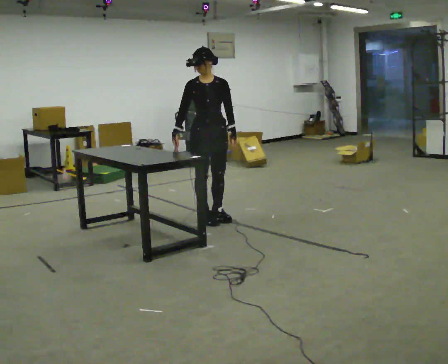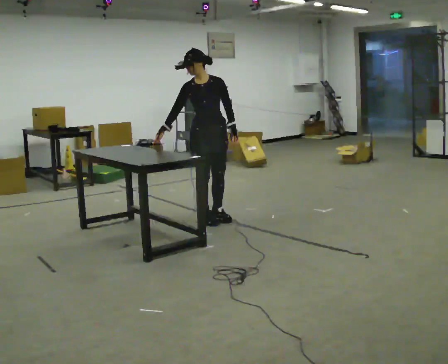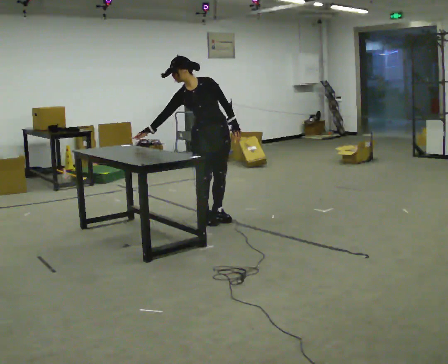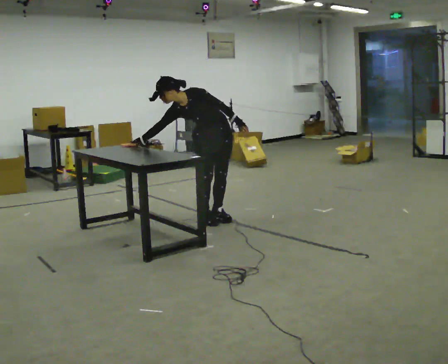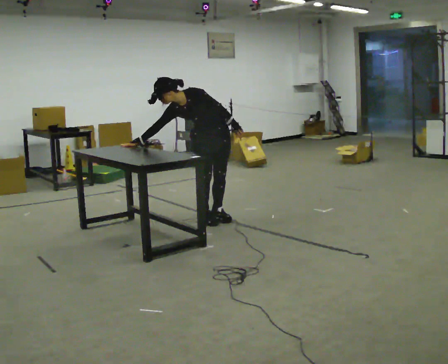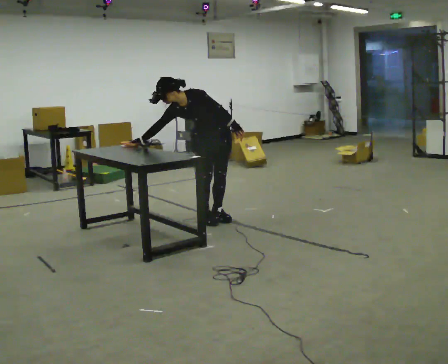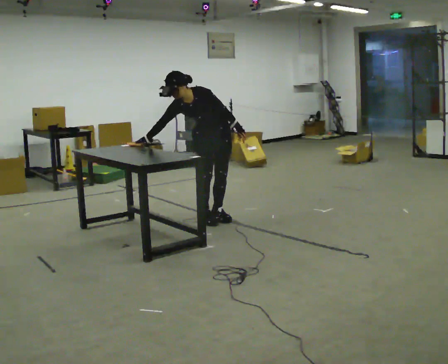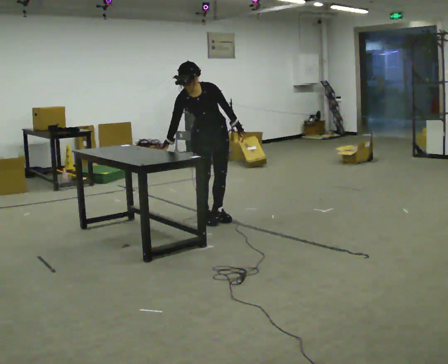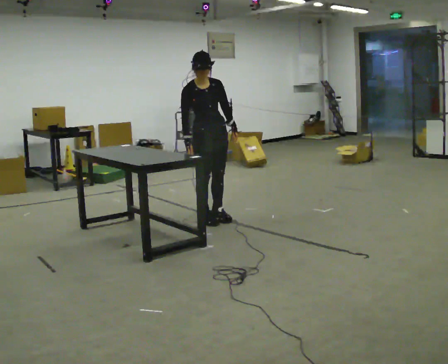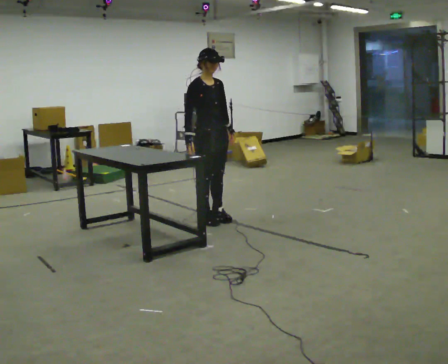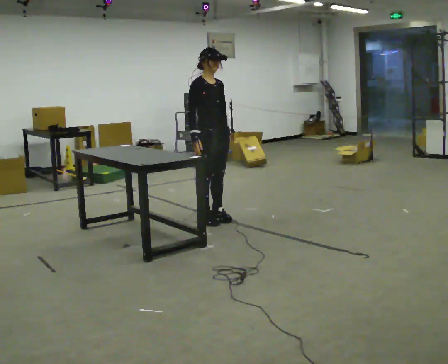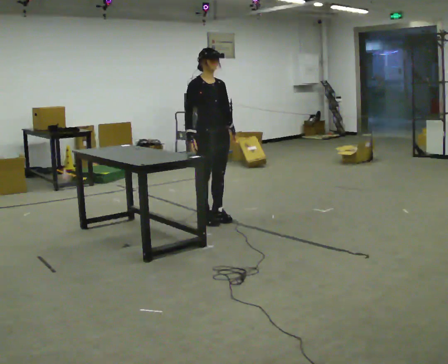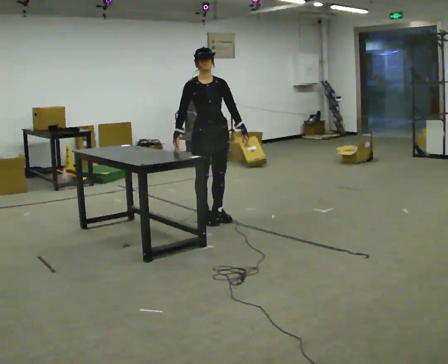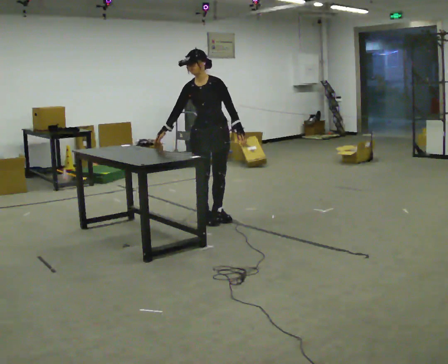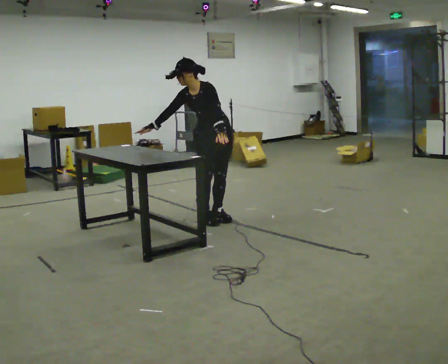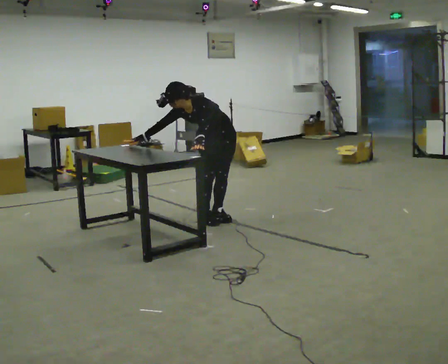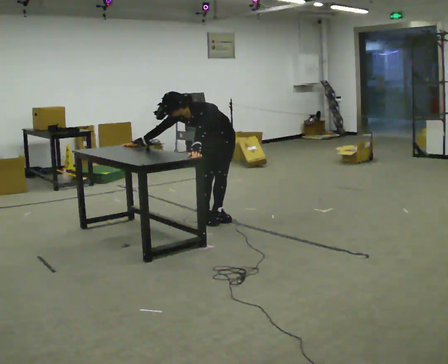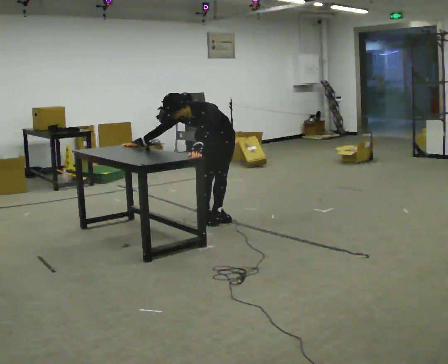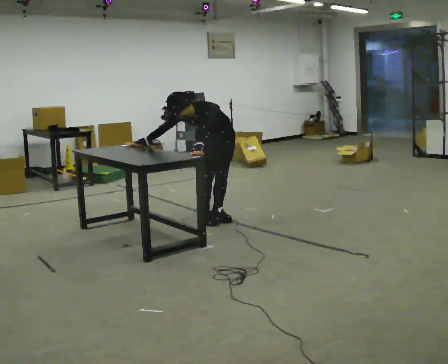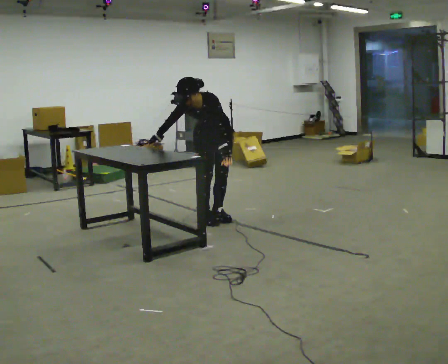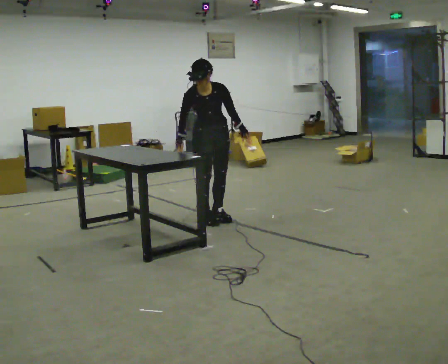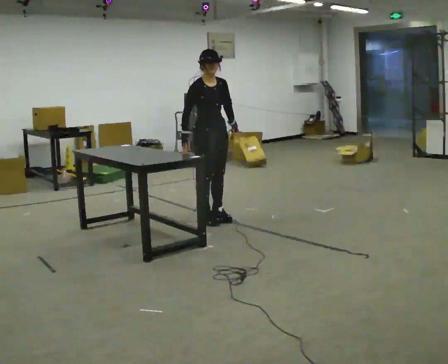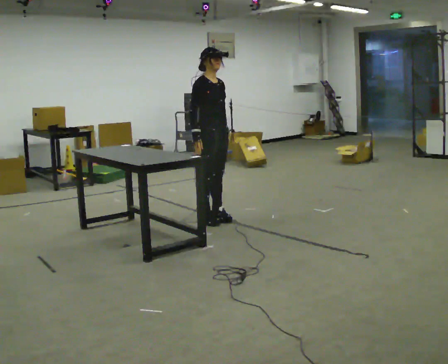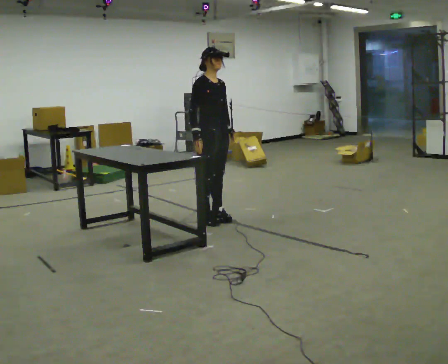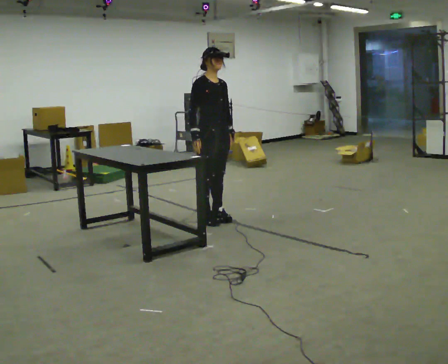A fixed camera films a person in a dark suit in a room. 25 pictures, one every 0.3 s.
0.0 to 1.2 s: In the picture the upper body tilts counterclockwise, shoulders to the left, as they bend forward.
1.2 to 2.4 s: The person turns about 45 degrees to their left, counterclockwise seen from above, so the part of the body nearest the lens slides to the right. In the picture the upper body tilts clockwise, shoulders to the right, as they lean back or straighten. In the picture their right hand goes to the right.
2.4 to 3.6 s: The person moves a little, or ends about where they began.
3.6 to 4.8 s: Seen from above the body turns clockwise, about 30 degrees: to their right, with its near side sliding to the left. The upper body goes downward. The upper body tips toward the camera, its near side rolling downward, as they bend forward. In the picture their left hand goes to the left.
4.8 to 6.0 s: The part of the body nearest the lens slides to the right as the person turns to their left by about 45 degrees. The shoulders move upward. In the picture the upper body tilts clockwise, shoulders to the right, as they lean back or straighten. In the picture their left hand goes to the right.
6.0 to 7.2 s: The part of the body nearest the lens slides to the right as the person turns to their left by about 30 degrees. The upper body tips away from the camera, its near side rolling upward, as they lean back or straighten.
The film runs forward here.
